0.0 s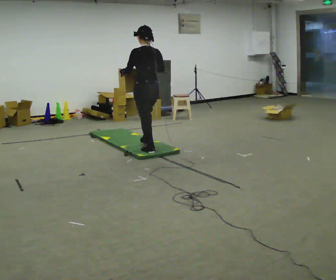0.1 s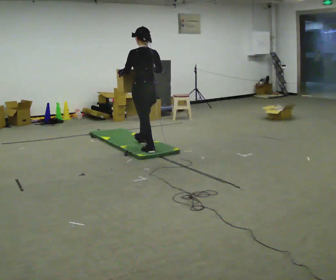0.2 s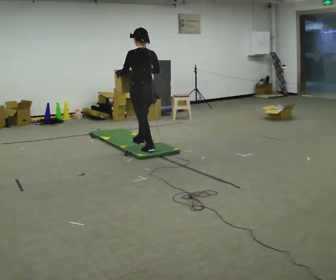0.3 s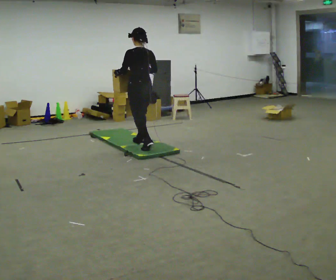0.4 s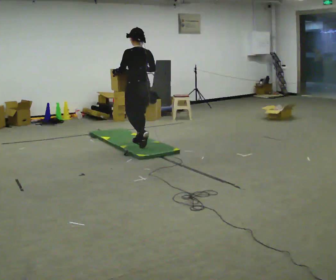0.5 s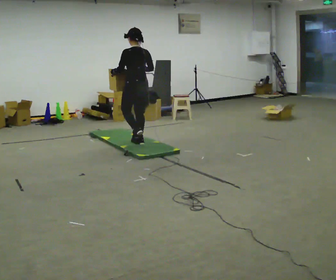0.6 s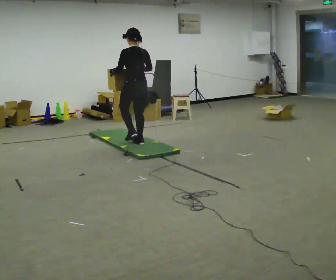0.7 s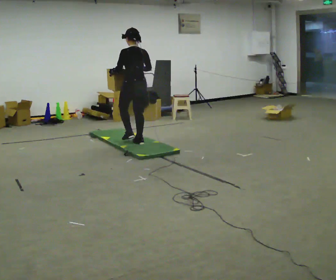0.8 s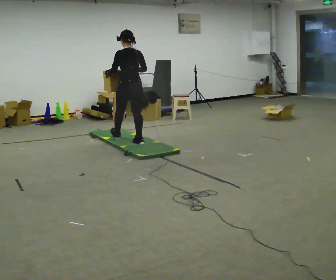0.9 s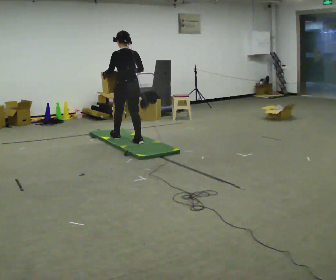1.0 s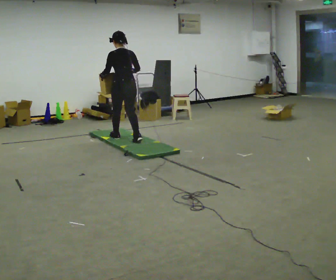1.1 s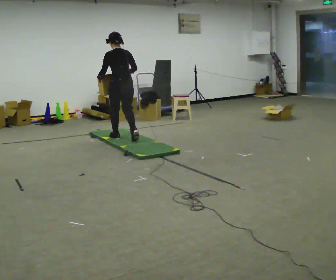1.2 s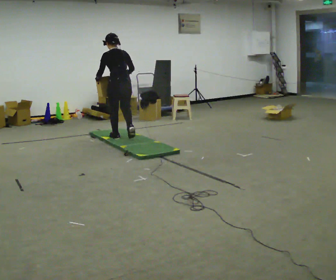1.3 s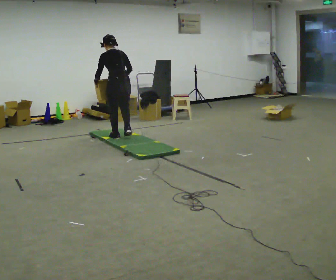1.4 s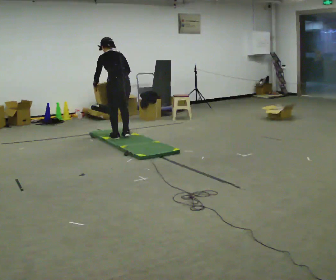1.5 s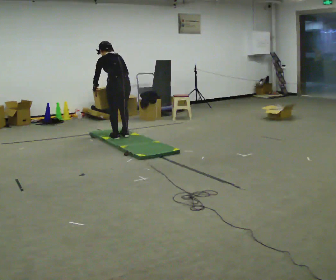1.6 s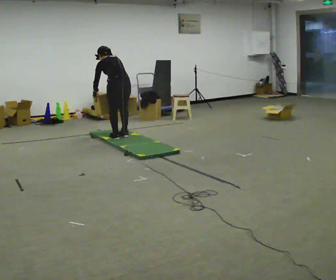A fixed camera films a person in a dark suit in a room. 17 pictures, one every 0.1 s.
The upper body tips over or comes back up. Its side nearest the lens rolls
upward.
0.0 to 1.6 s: In the picture they go away from the camera and to the left, about 1 m in 3 steps, which for them is forward. The shoulders move downward. The upper body tips away from the camera, its near side rolling upward, as they bend forward. In the picture their left hand goes downward.
The film runs forward here.
